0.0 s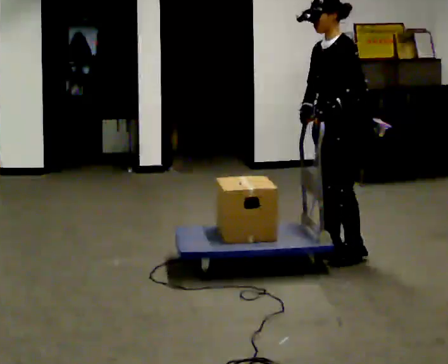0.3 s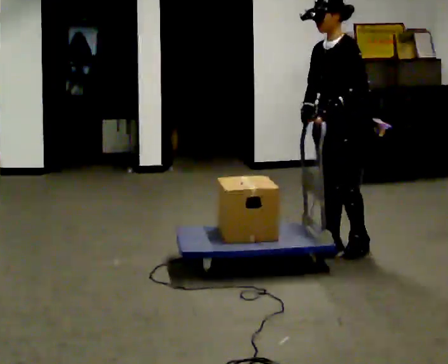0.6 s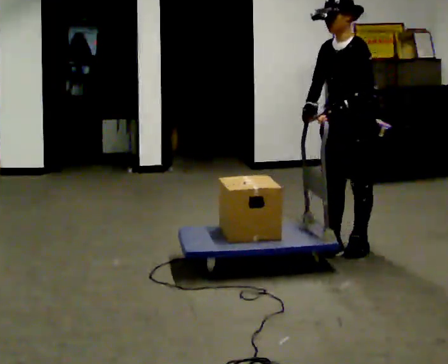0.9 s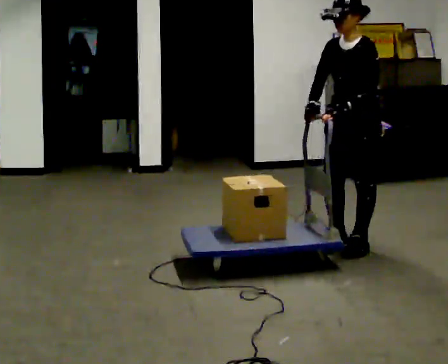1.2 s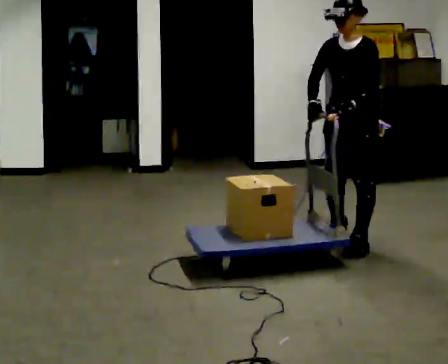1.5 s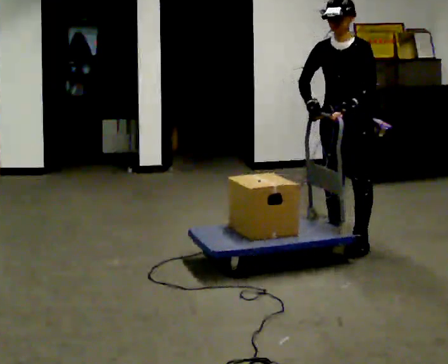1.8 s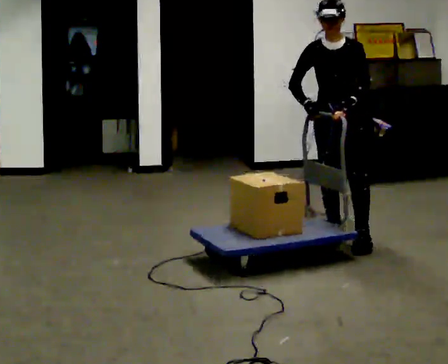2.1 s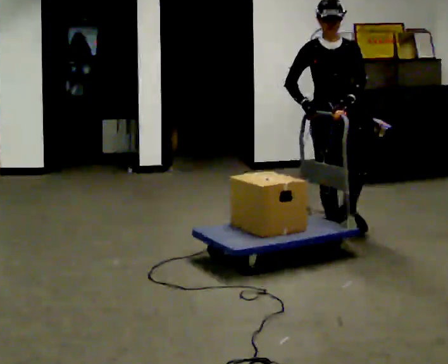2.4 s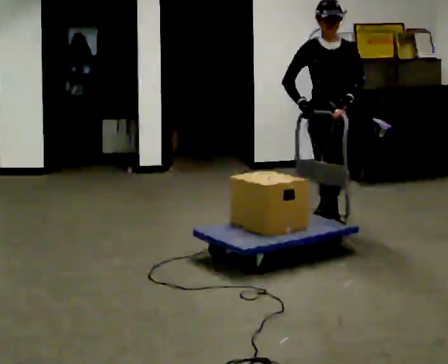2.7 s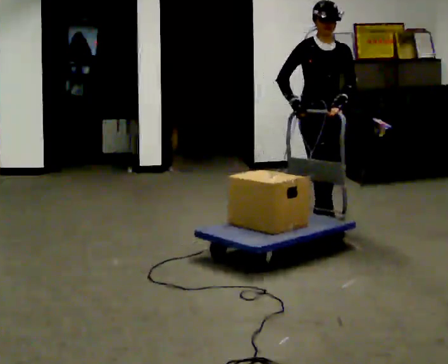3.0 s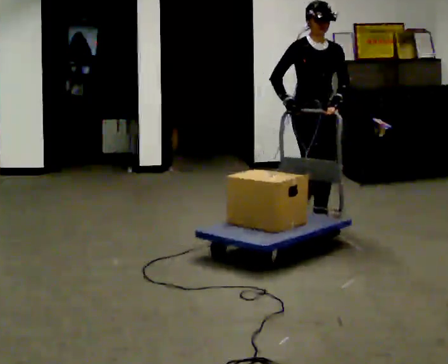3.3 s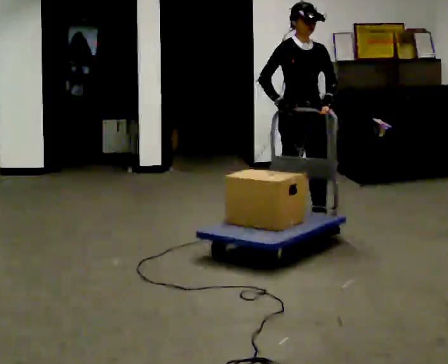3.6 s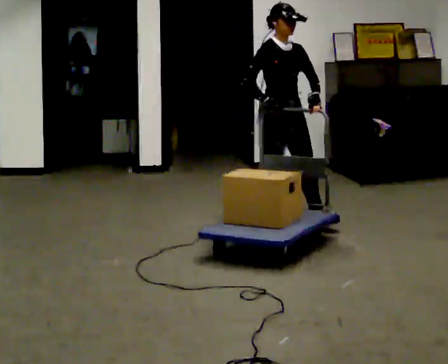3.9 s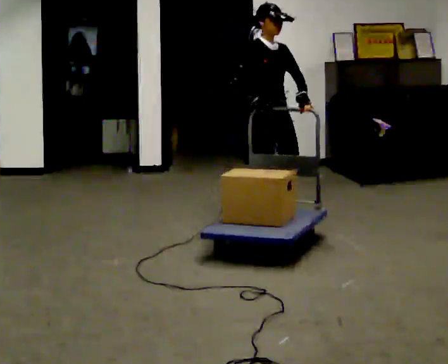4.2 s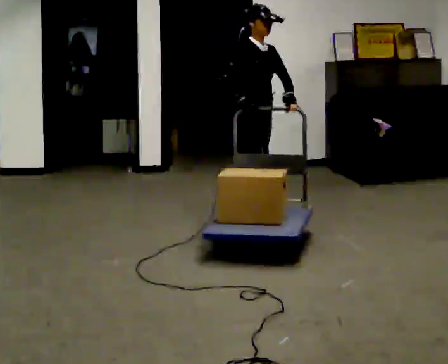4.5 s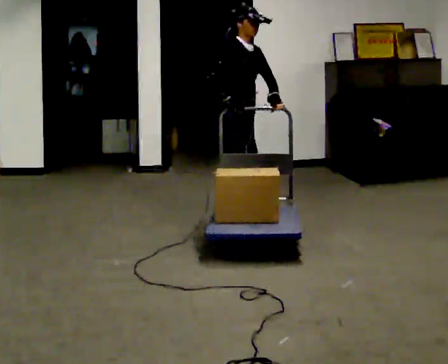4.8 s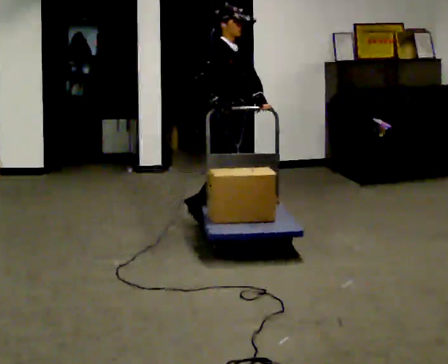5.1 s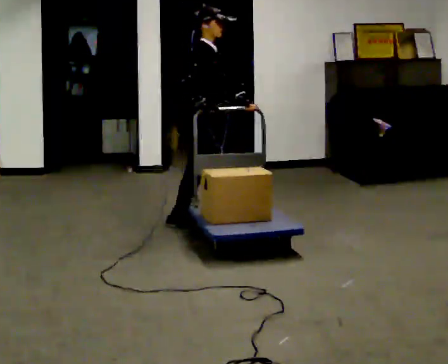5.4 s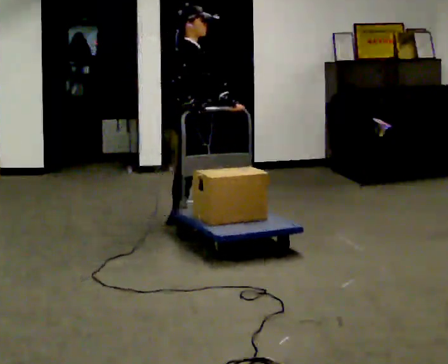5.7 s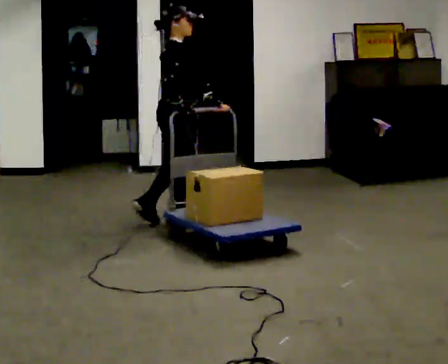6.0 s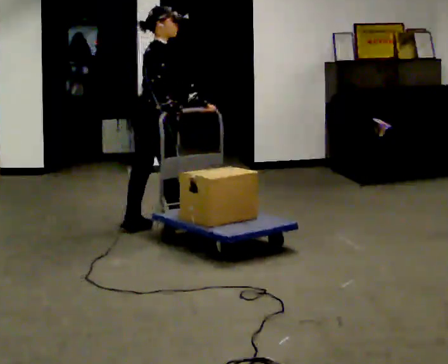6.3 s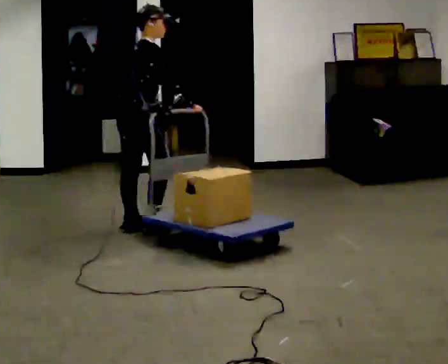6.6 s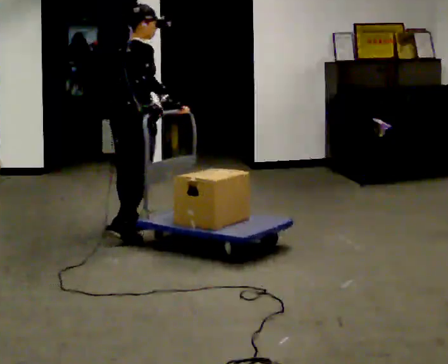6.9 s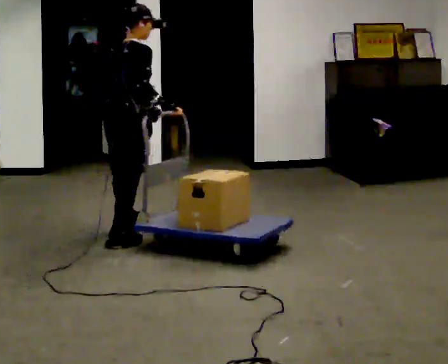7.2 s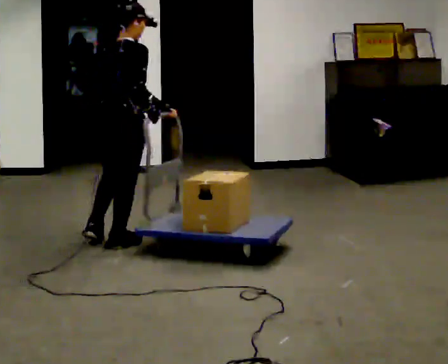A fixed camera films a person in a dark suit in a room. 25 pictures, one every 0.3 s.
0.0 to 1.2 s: The person turns about 30 degrees to their left, counterclockwise seen from above, so the part of the body nearest the lens slides to the right. In the picture they go away from the camera, about 0.25 m in 1 step, which for them is backward.
1.2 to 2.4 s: The person turns about 45 degrees to their left, counterclockwise seen from above, so the part of the body nearest the lens slides to the right. In the picture they go away from the camera, about 0.25 m in 1 step, which for them is backward and to their right.
2.4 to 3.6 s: The part of the body nearest the lens slides to the right as the person turns to their left by about 30 degrees. In the picture they go to the left and away from the camera, about 0.5 m in 2 steps, which for them is backward.
3.6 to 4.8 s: The part of the body nearest the lens slides to the right as the person turns to their left by about 30 degrees. In the picture they go to the left, about 0.5 m in 1 step, which for them is backward.
4.8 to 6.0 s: Seen from above the body turns counterclockwise, about 45 degrees: to their left, with its near side sliding to the right. In the picture they go to the left and toward the camera, about 0.5 m in 1 step, which for them is backward.
6.0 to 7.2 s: The person turns about 30 degrees to their left, counterclockwise seen from above, so the part of the body nearest the lens slides to the right. In the picture they go toward the camera, about 0.5 m in 2 steps, which for them is backward and to their right.
The film runs backward here.
